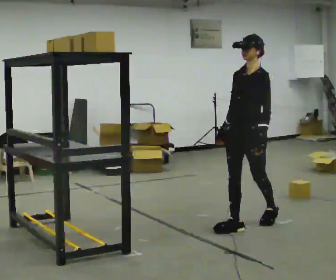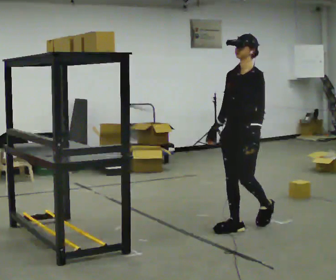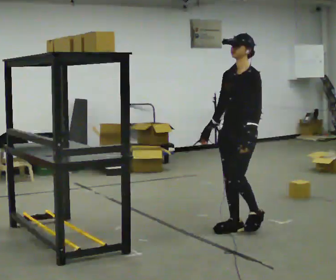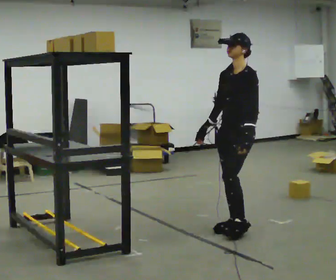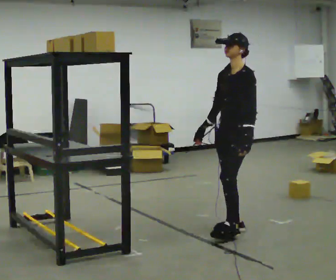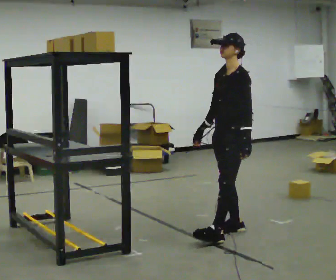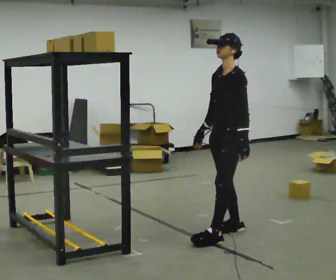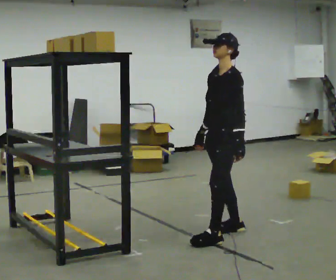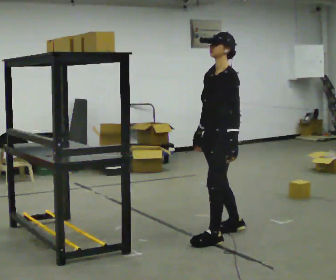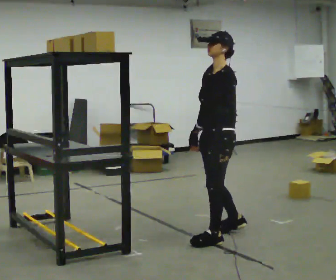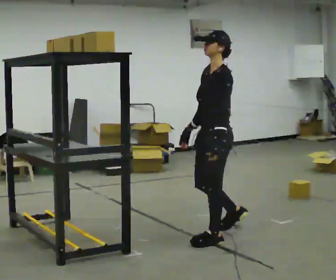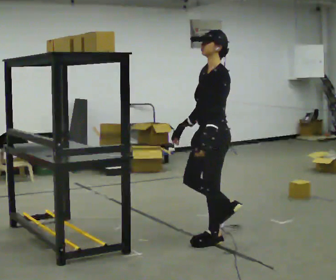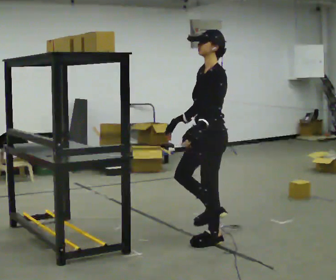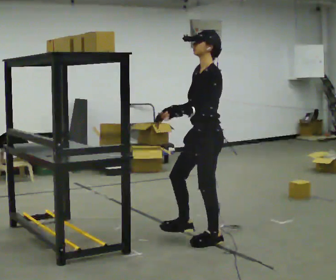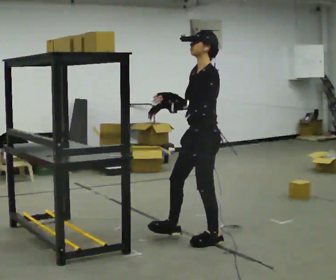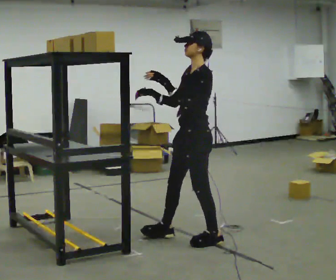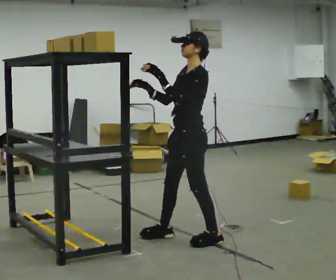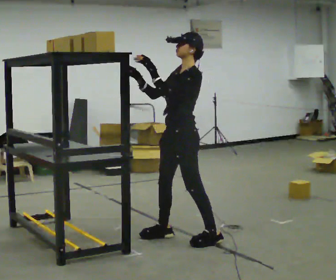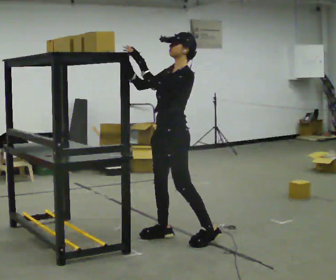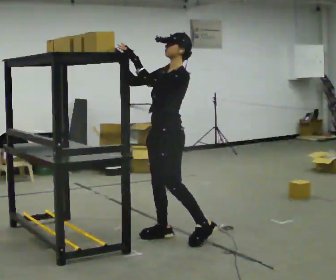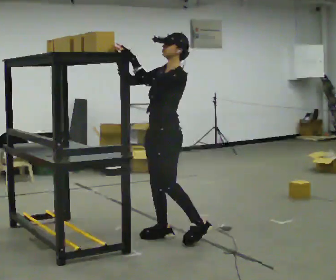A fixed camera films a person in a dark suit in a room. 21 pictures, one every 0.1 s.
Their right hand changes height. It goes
upward.
Their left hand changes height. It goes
upward.
0.0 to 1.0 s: Seen from above the body turns clockwise, about 30 degrees: to their right, with its near side sliding to the left. In the picture they go toward the camera and to the left, about 0.5 m in 1 step, which for them is forward and to their left.
1.0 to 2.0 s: In the picture they go to the left, about 0.5 m in 1 step, which for them is forward and to their right. In the picture their left hand goes upward.
The film runs forward here.
